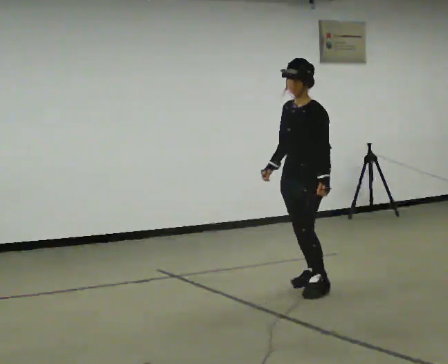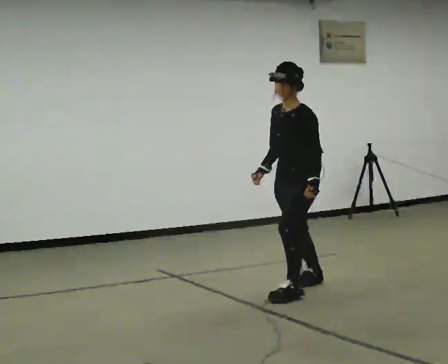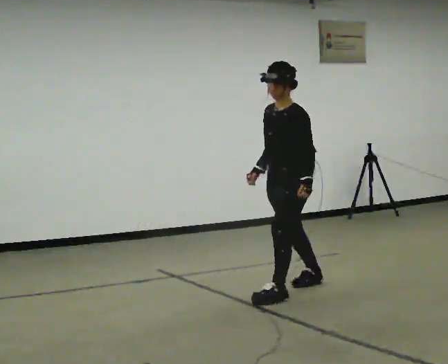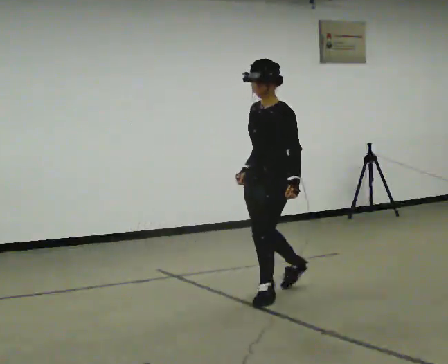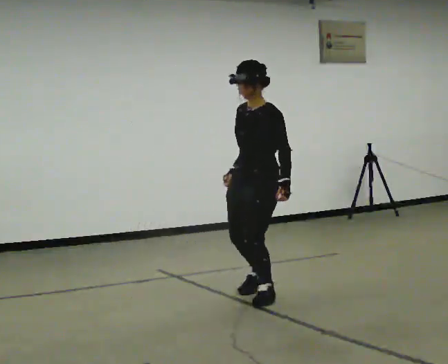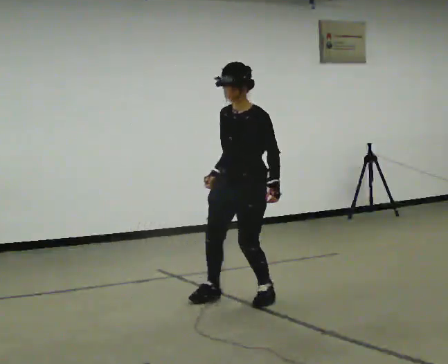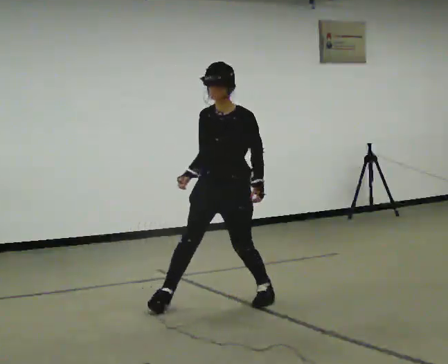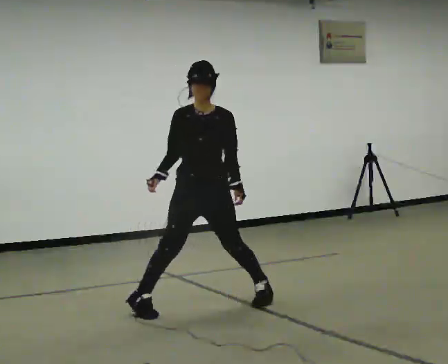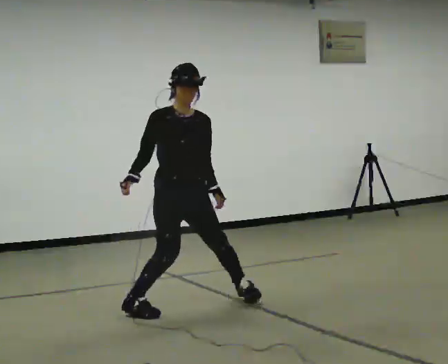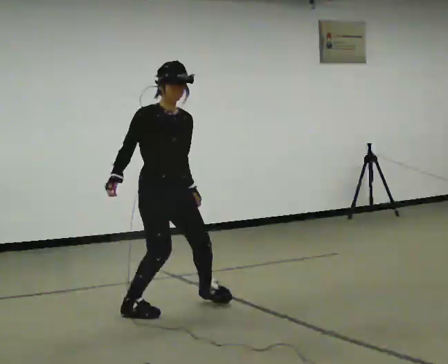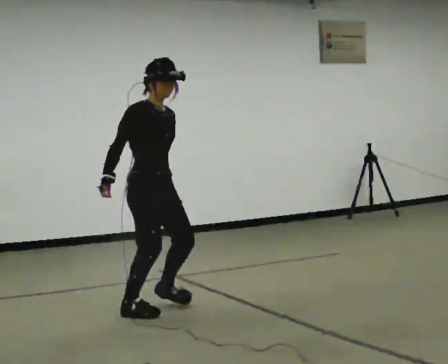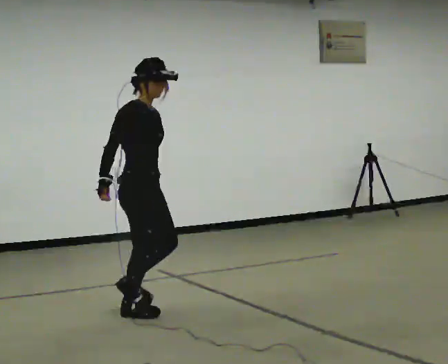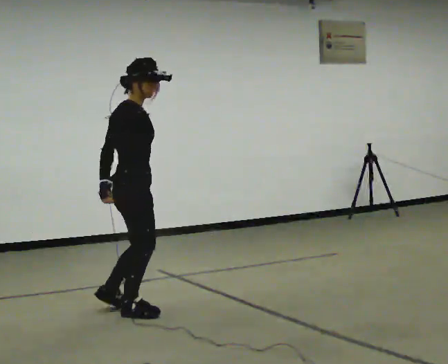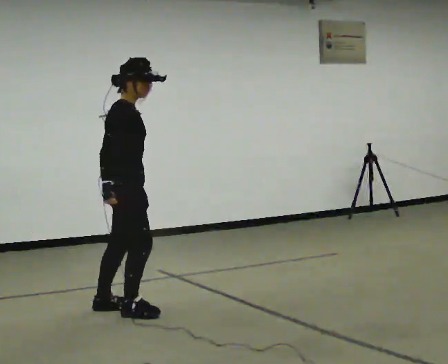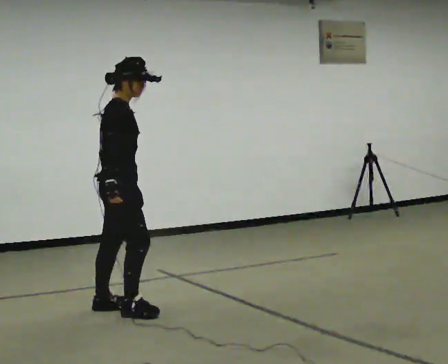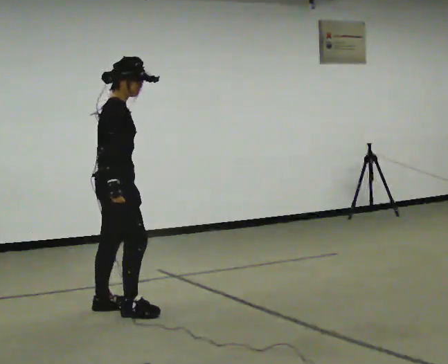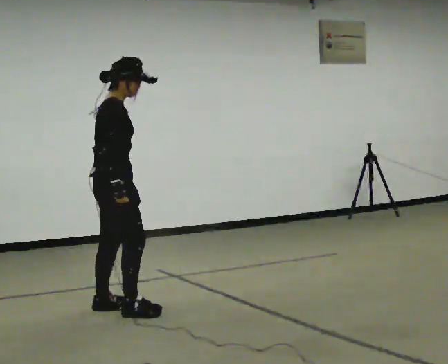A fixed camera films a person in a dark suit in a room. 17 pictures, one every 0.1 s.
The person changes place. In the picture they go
to the left.
The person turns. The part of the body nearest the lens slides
to the right.
0.0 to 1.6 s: The part of the body nearest the lens slides to the right as the person turns to their left by about 165 degrees. In the picture they go to the left, about 1.5 m in 2 steps.
The film runs backward here.
